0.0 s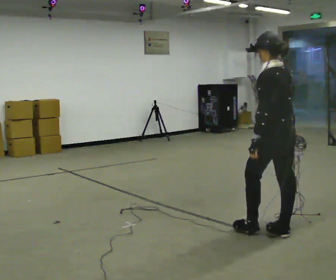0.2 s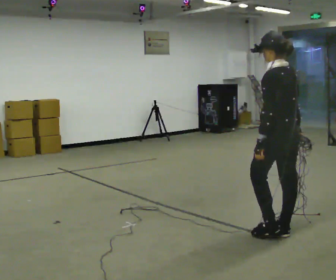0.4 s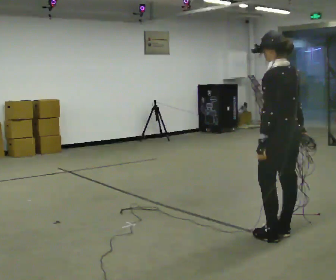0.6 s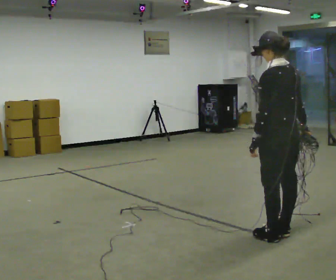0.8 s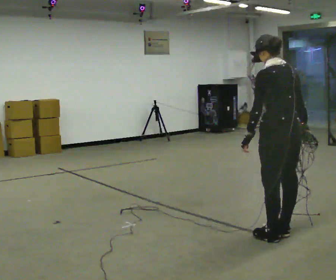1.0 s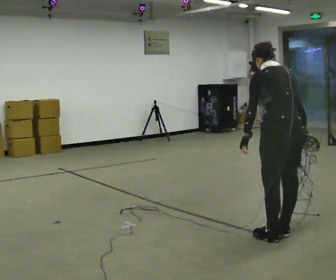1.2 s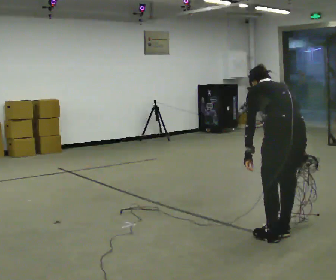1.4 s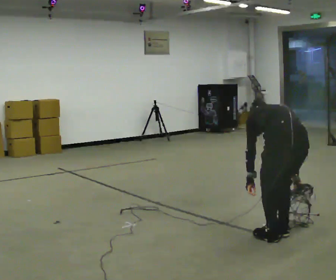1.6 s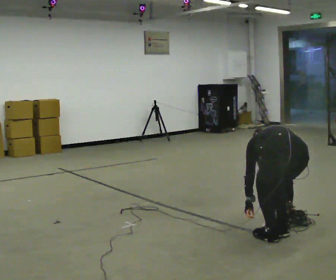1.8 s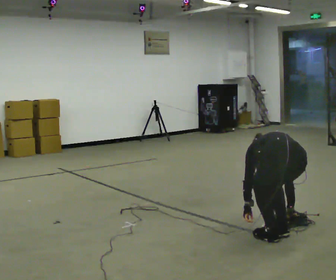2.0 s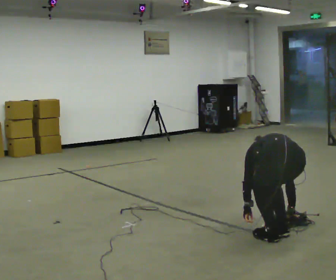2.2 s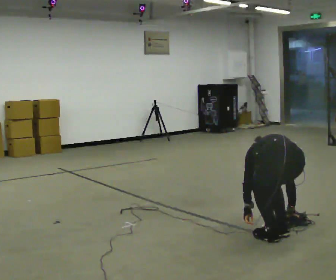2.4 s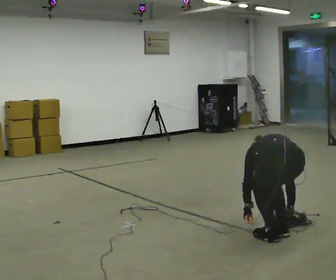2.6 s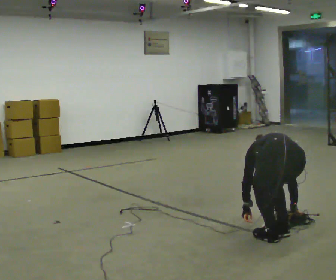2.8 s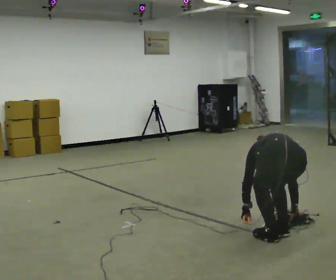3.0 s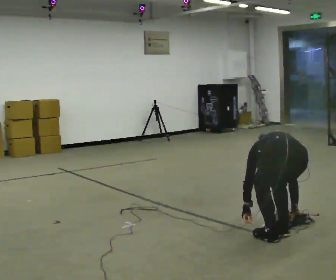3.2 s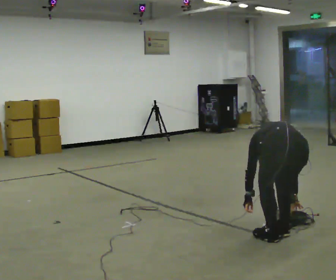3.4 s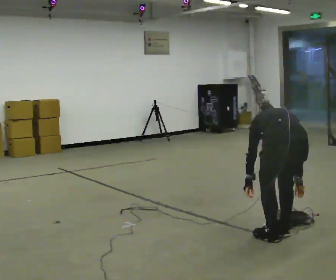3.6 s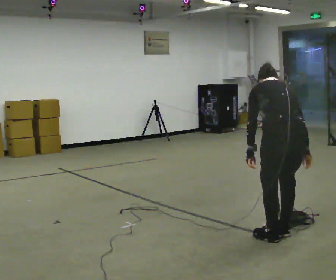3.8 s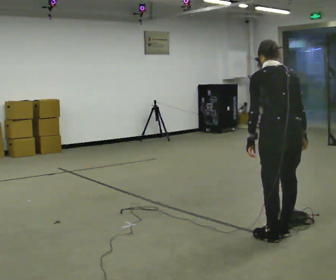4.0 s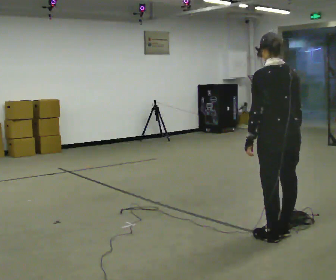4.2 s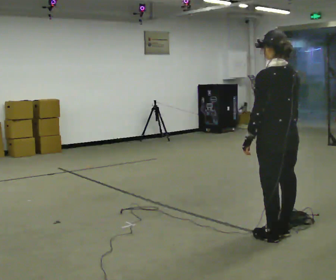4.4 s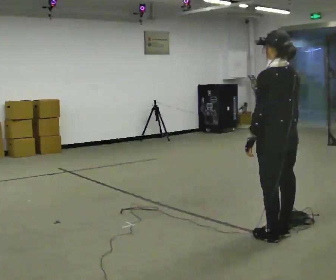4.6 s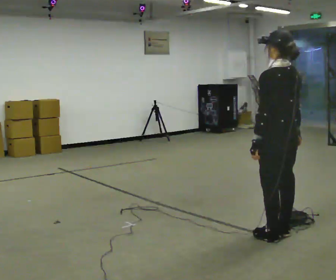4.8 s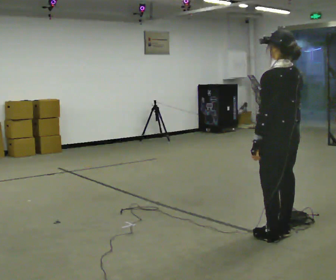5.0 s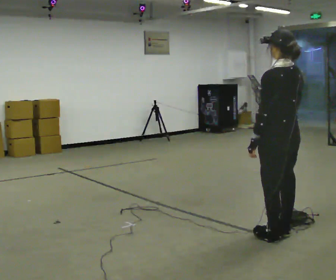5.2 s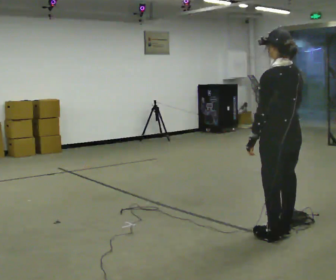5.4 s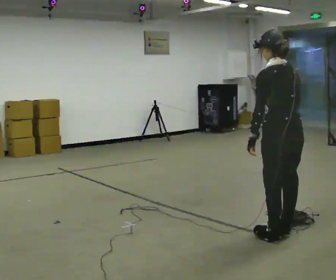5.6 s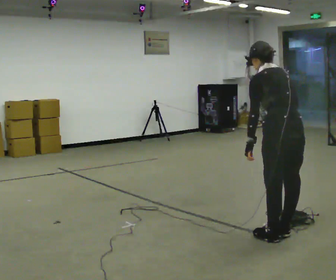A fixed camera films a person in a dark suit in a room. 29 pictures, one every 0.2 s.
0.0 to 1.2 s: The person turns about 30 degrees to their right, clockwise seen from above, so the part of the body nearest the lens slides to the left. The upper body tips away from the camera, its near side rolling upward, as they bend forward.
1.2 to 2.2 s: The shoulders move downward. The upper body tips away from the camera, its near side rolling upward, as they bend forward. In the picture their right hand goes downward.
2.2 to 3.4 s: The shoulders move upward. In the picture the upper body tilts clockwise, shoulders to the right, as they lean back or straighten.
3.4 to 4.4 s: The part of the body nearest the lens slides to the right as the person turns to their left by about 30 degrees. The shoulders move upward. The upper body tips toward the camera, its near side rolling downward, as they lean back or straighten. In the picture their right hand goes upward.
4.4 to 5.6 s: The upper body tips away from the camera, its near side rolling upward, as they bend forward.
The film runs backward here.
